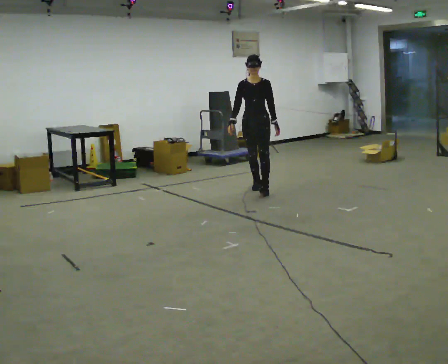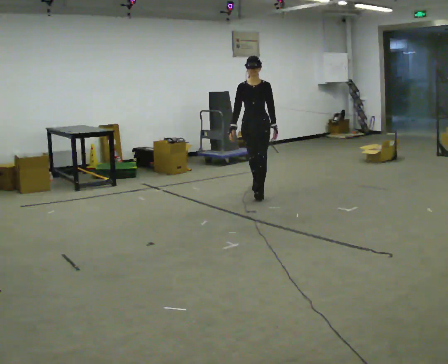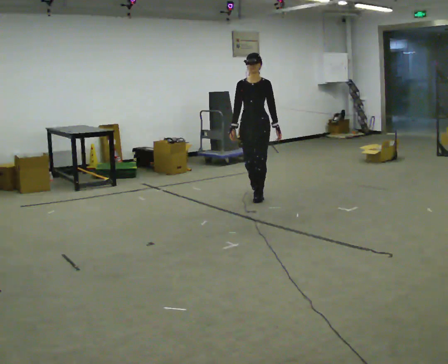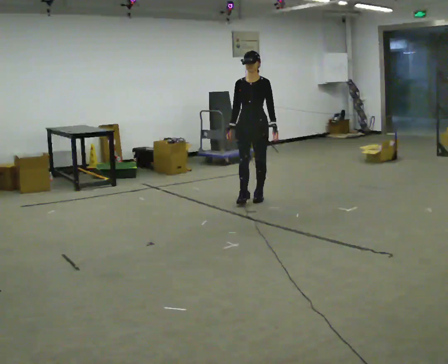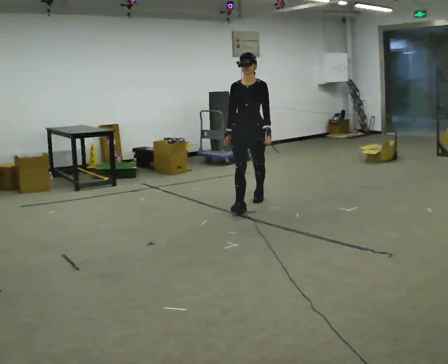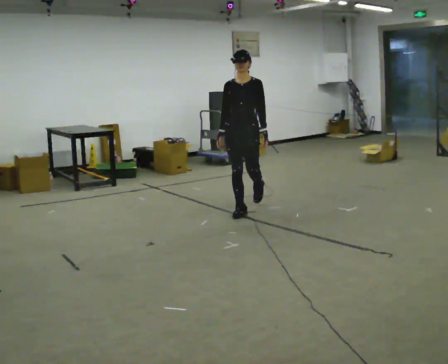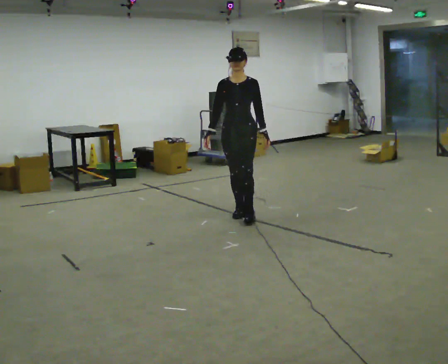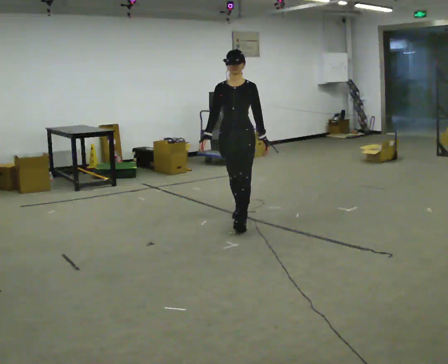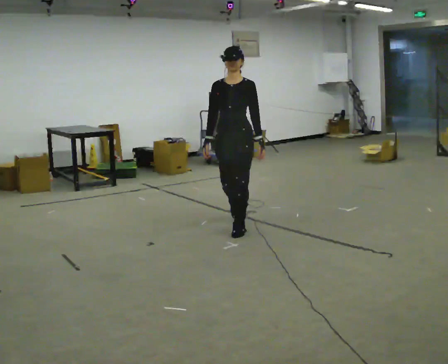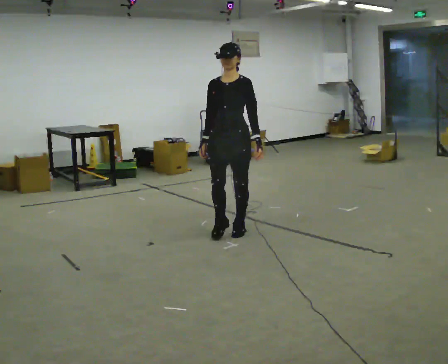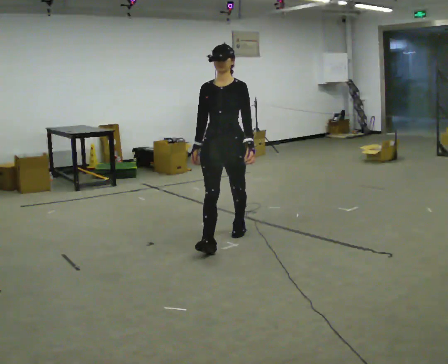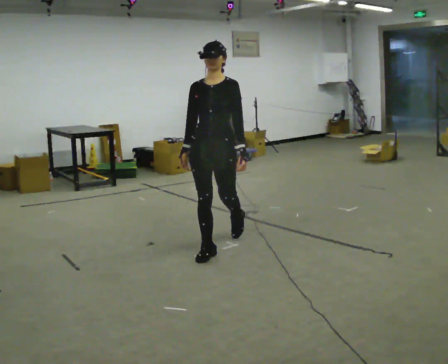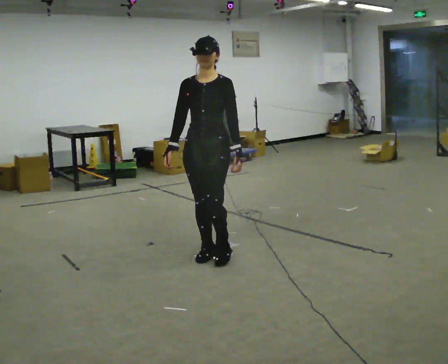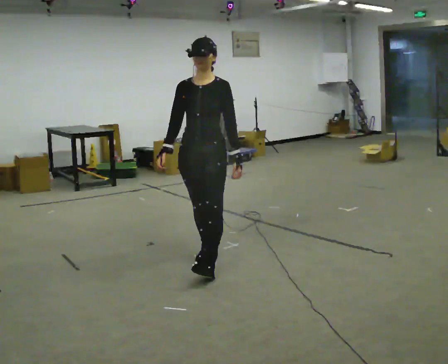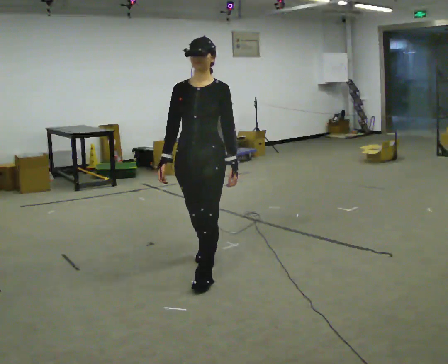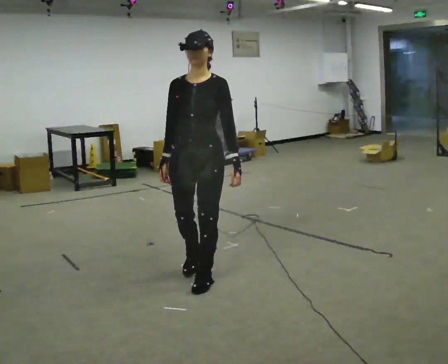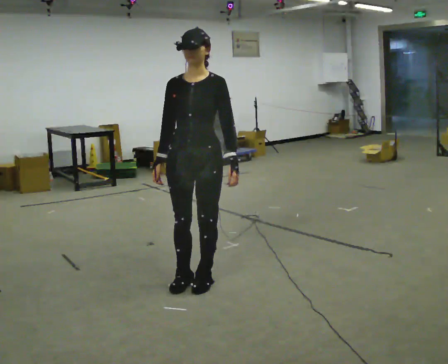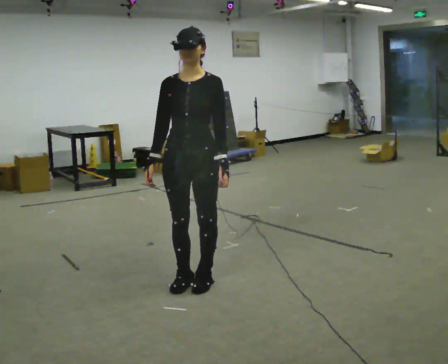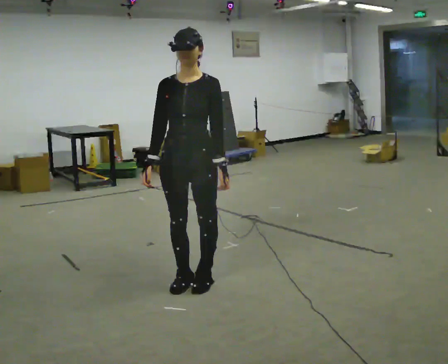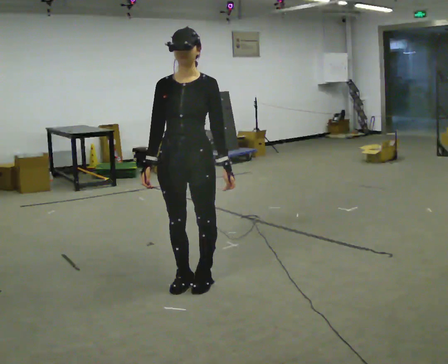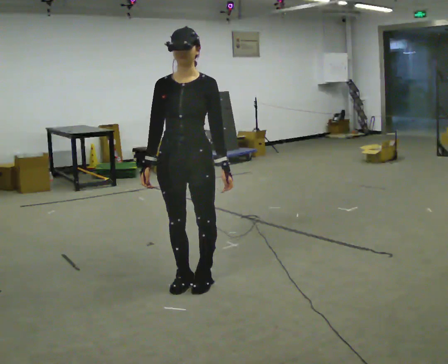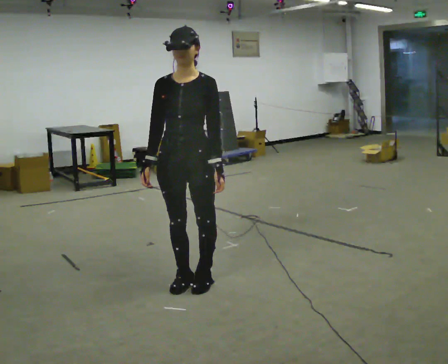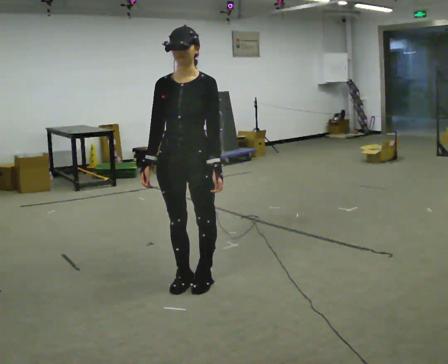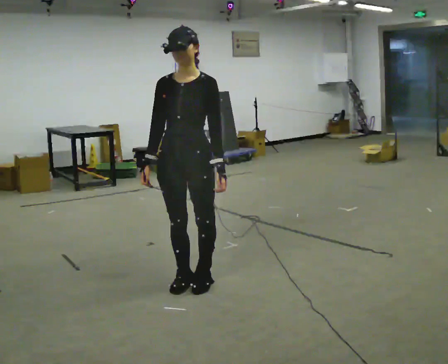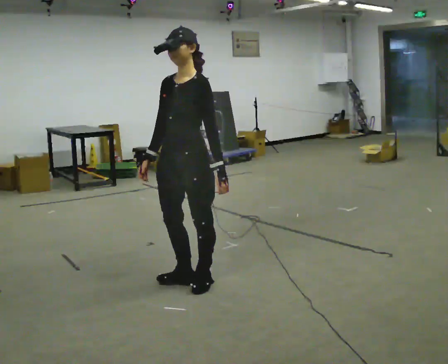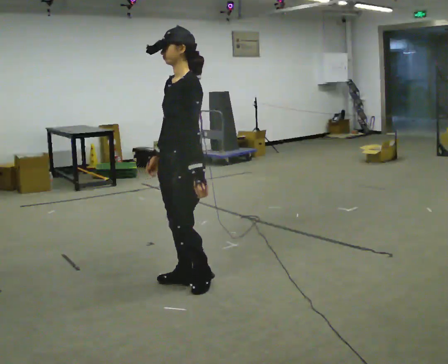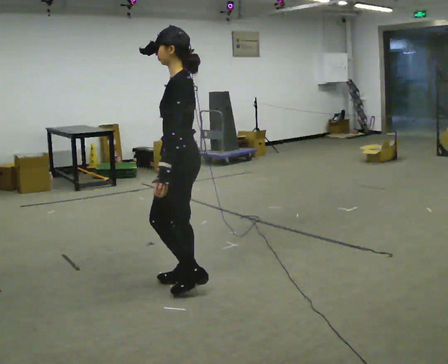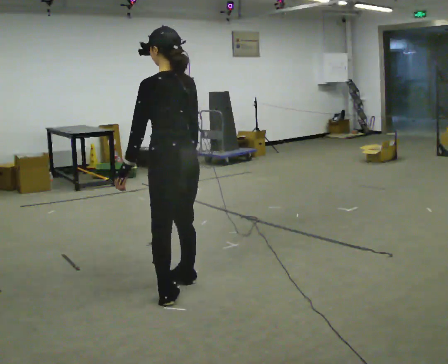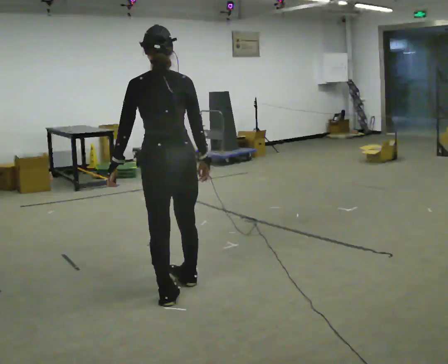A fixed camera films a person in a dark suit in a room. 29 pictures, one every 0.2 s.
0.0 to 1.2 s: In the picture they go toward the camera, about 1 m in 2 steps, which for them is forward.
1.2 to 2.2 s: In the picture they go toward the camera, about 1 m in 2 steps, which for them is forward.
2.2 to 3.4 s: In the picture they go toward the camera, about 0.75 m in 2 steps, which for them is forward.
3.4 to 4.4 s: The person moves a little, or ends about where they began.
4.4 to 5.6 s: The person turns about 165 degrees to their right, clockwise seen from above, so the part of the body nearest the lens slides to the left. In the picture they go toward the camera, about 0.25 m in 1 step. In the picture their right hand goes to the right, the arm swinging counterclockwise.
The film runs forward here.
